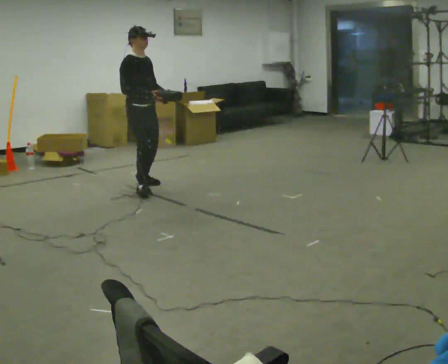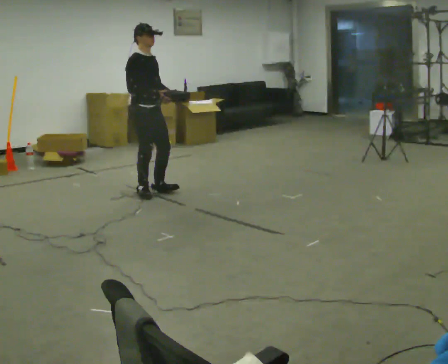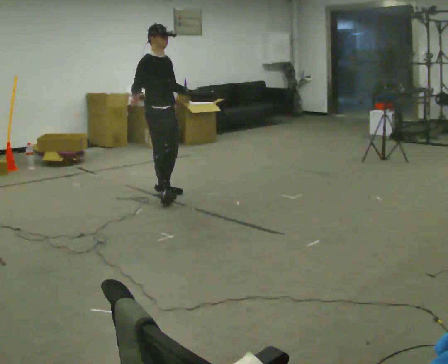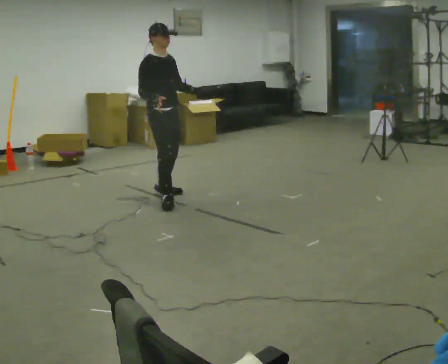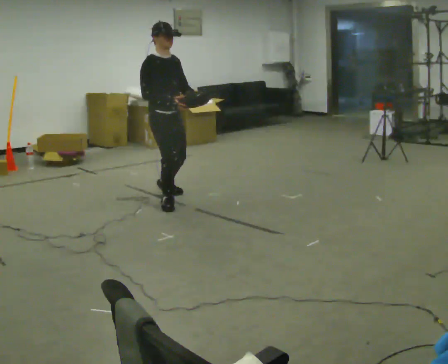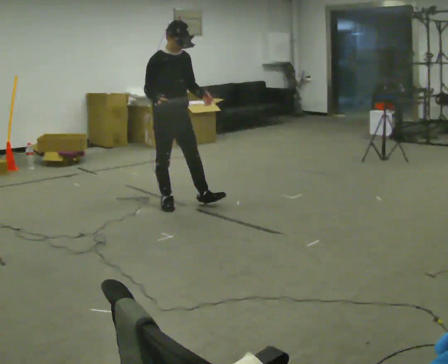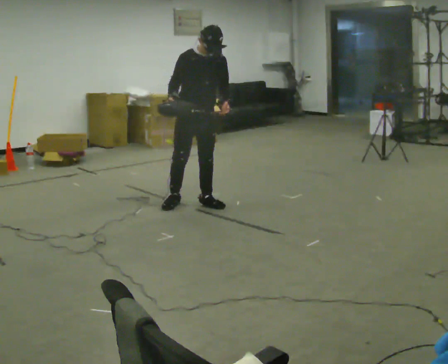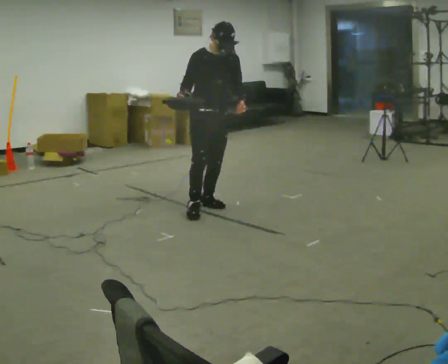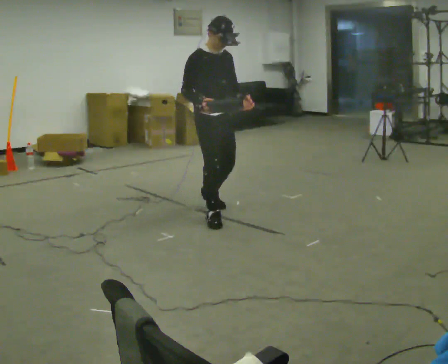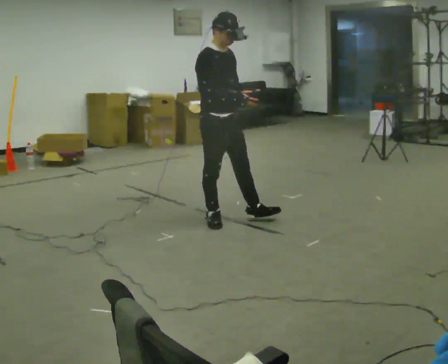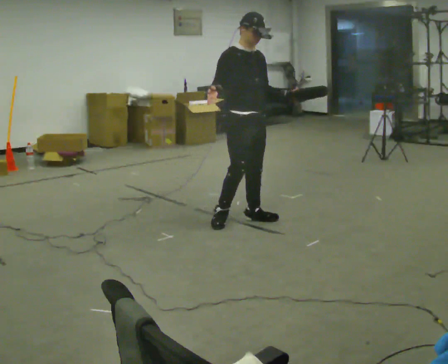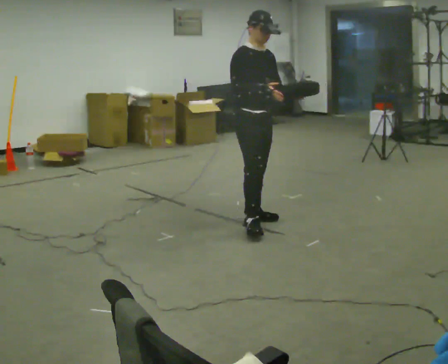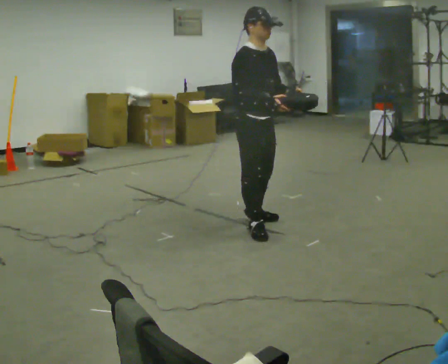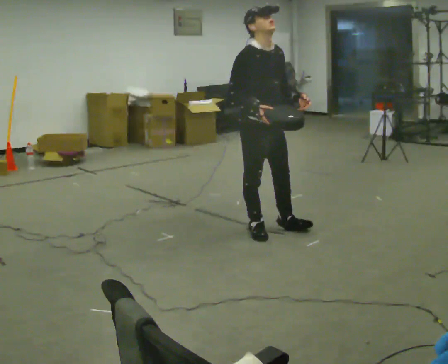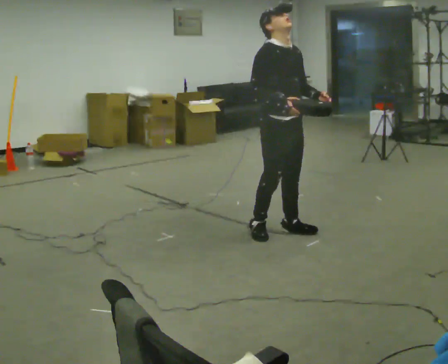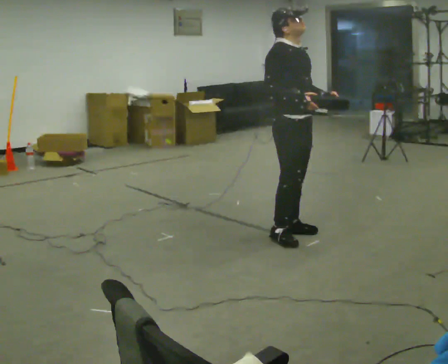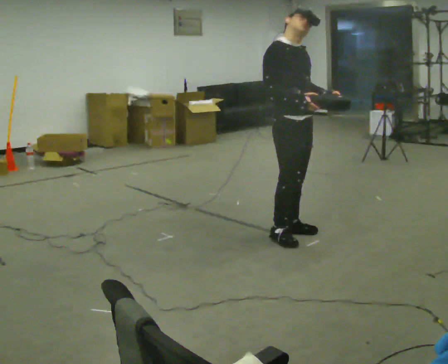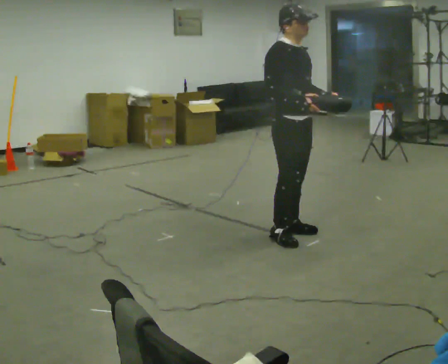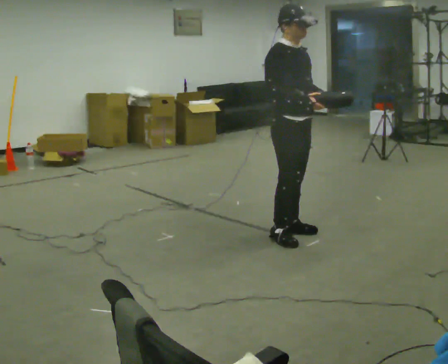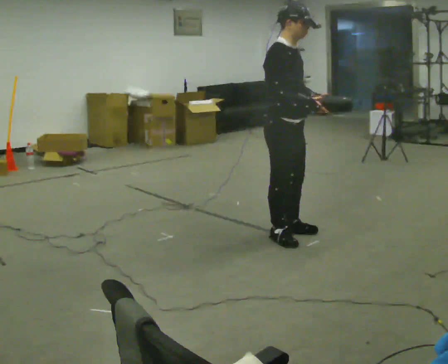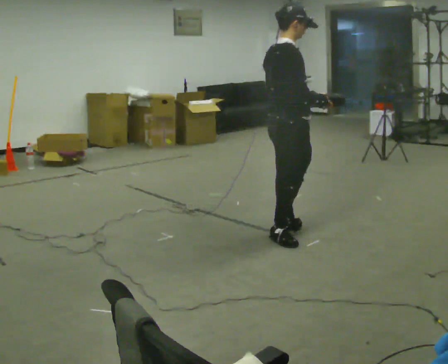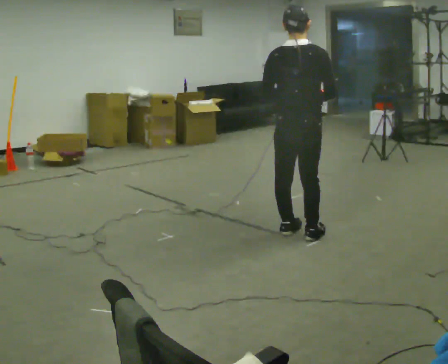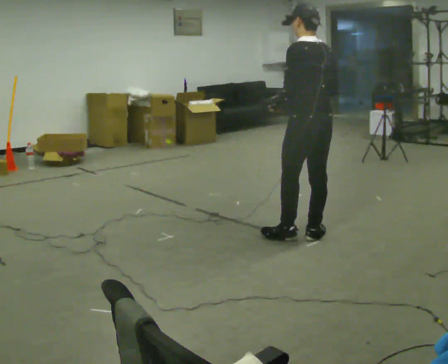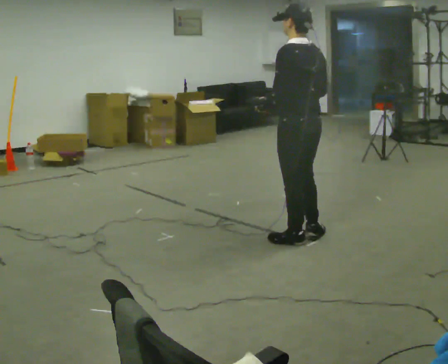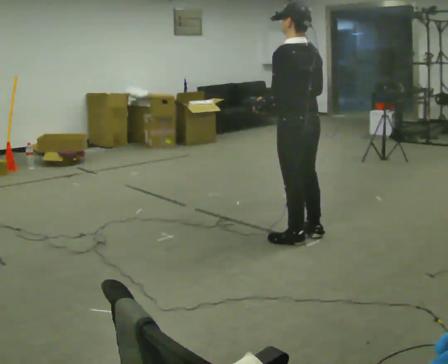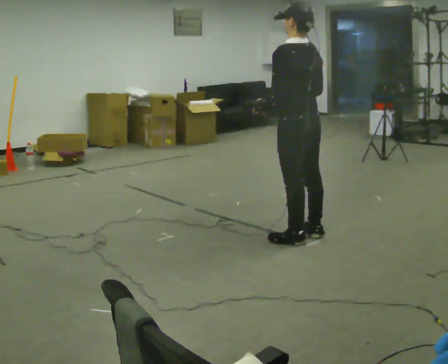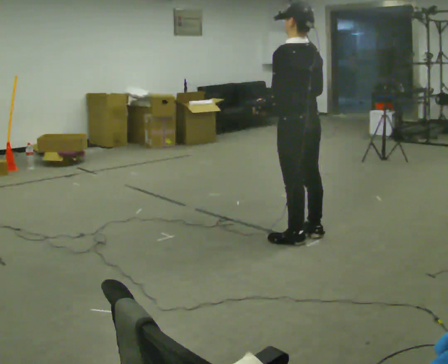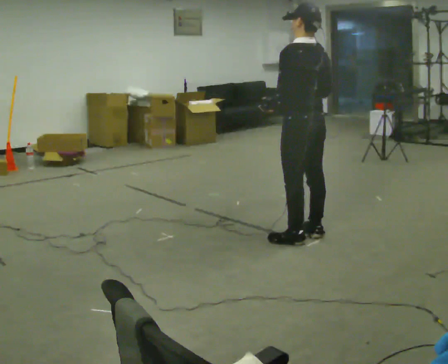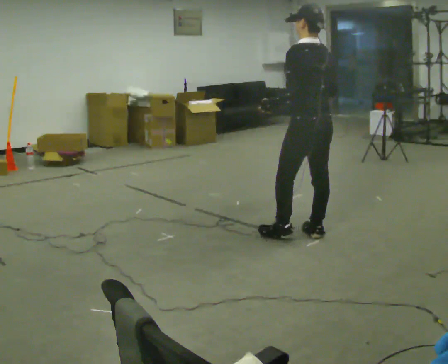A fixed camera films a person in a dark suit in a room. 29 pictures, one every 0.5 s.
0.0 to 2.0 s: In the picture they go to the right and toward the camera, about 0.5 m in 2 steps, which for them is forward and to their right.
2.0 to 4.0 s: In the picture they go to the right, about 0.5 m in 2 steps, which for them is forward and to their left.
4.0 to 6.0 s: In the picture they go to the right and toward the camera, about 0.5 m in 2 steps, which for them is forward.
6.0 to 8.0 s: In the picture they go to the right, about 0.25 m in 2 steps, which for them is forward.
8.0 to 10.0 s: The part of the body nearest the lens slides to the right as the person turns to their left by about 60 degrees.
10.0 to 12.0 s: The person turns about 120 degrees to their left, counterclockwise seen from above, so the part of the body nearest the lens slides to the right.
12.0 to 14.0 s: The person moves a little, or ends about where they began.
The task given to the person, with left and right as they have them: Carry the object in one hand and, while walking, pass it to your other hand. Keep passing it back and forth as you walk.
The film runs forward here.
